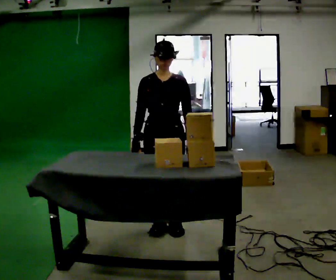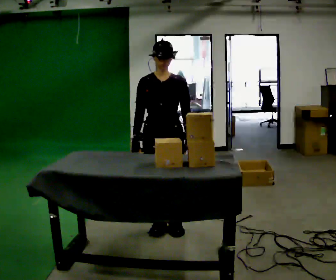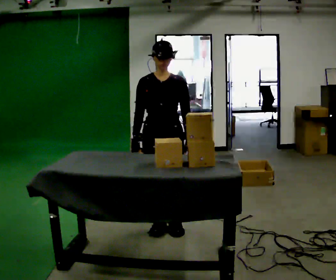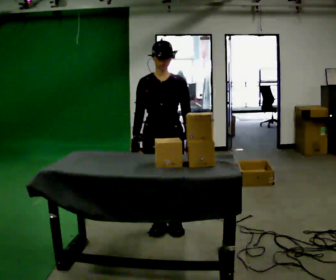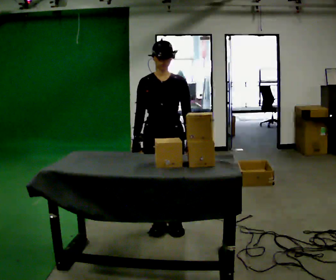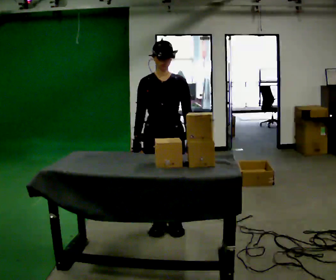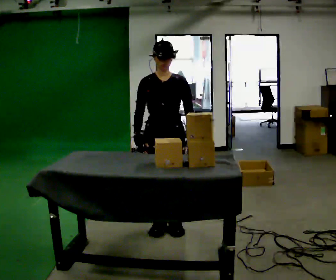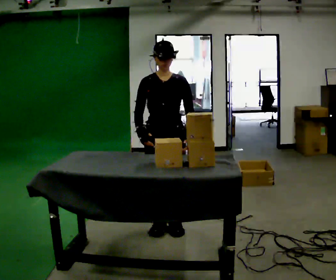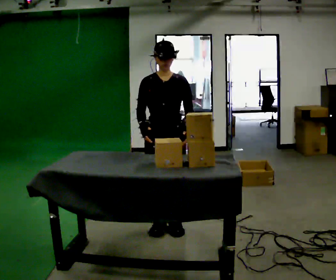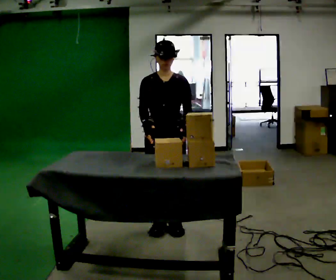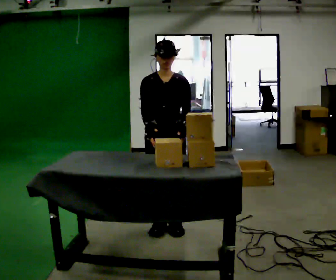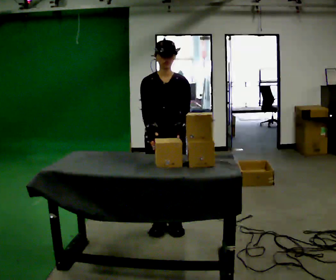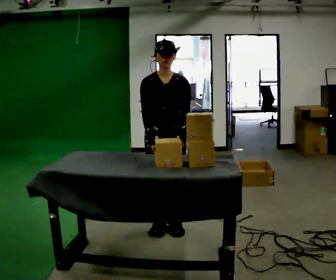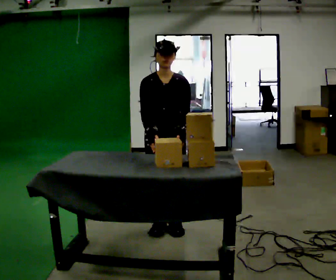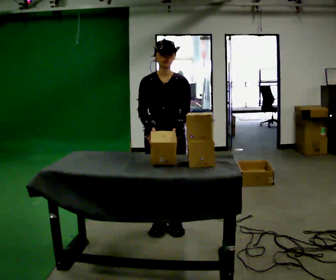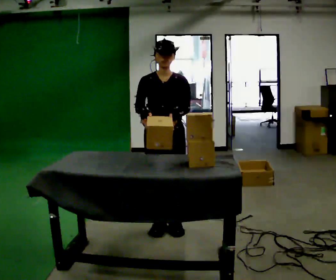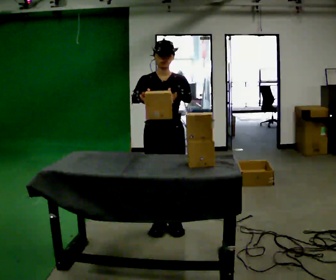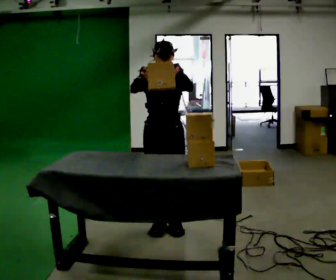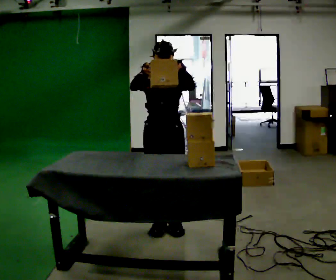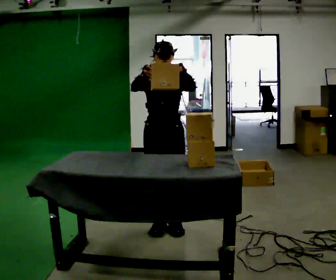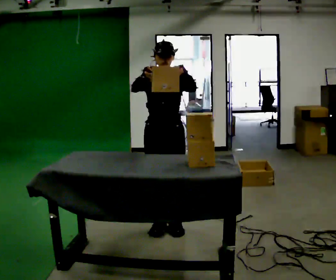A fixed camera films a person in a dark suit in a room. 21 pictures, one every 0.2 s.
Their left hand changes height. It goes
upward.
0.0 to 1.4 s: The person moves a little, or ends about where they began.
1.4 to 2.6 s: The upper body tips toward the camera, its near side rolling downward, as they bend forward.
2.6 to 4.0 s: The upper body tips away from the camera, its near side rolling upward, as they lean back or straighten. In the picture their left hand goes upward.
The film runs forward here.
